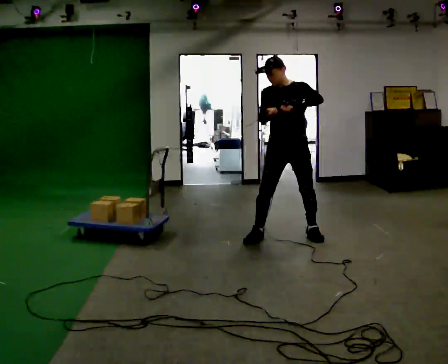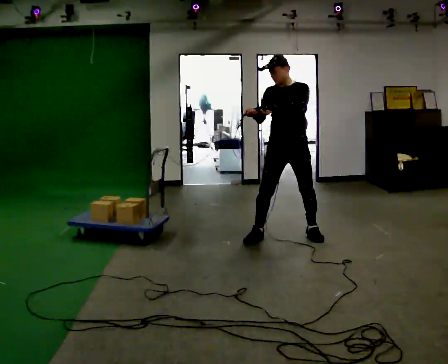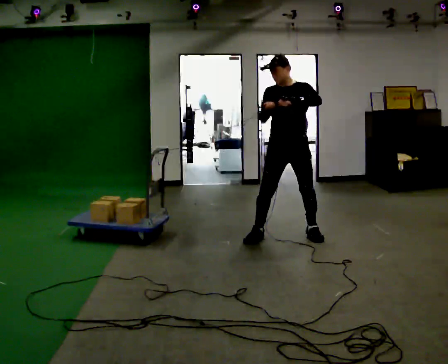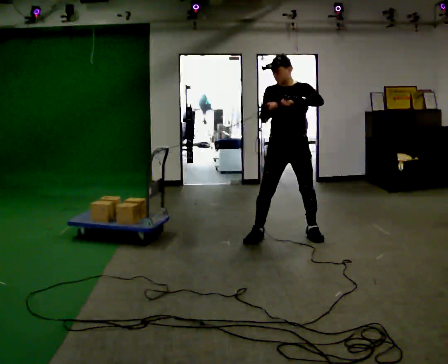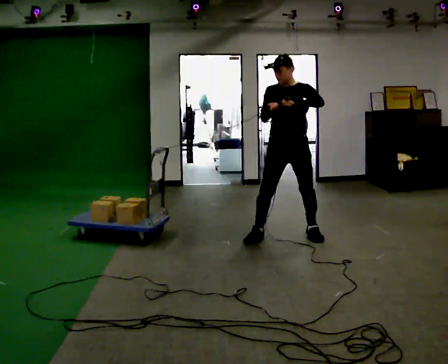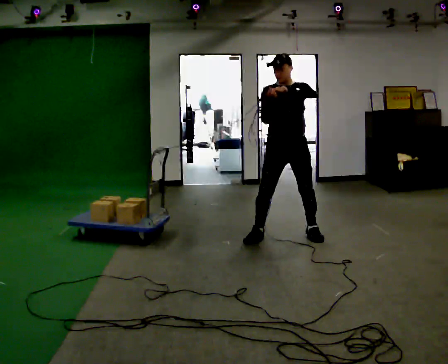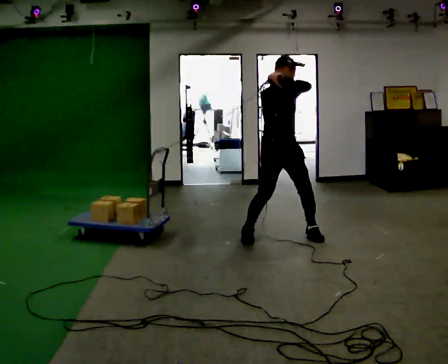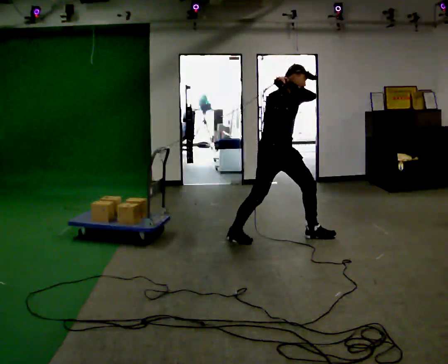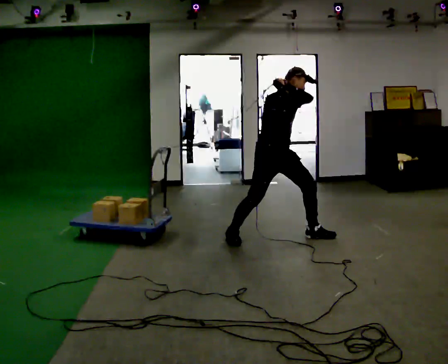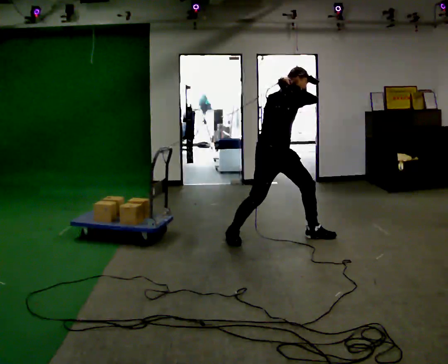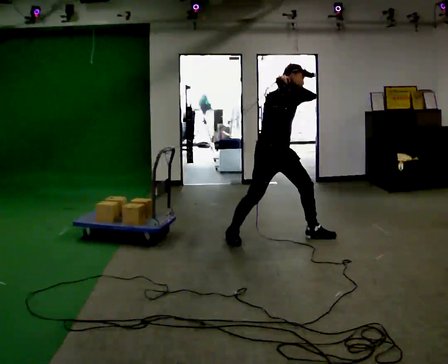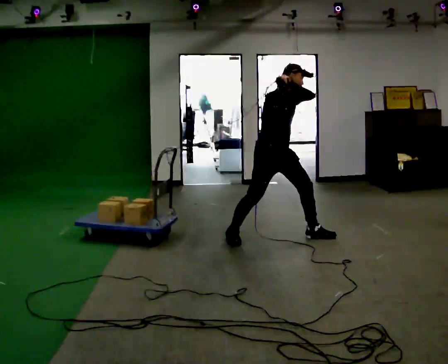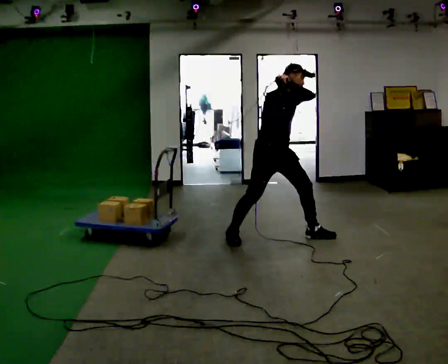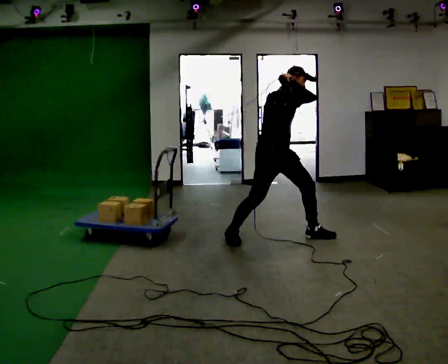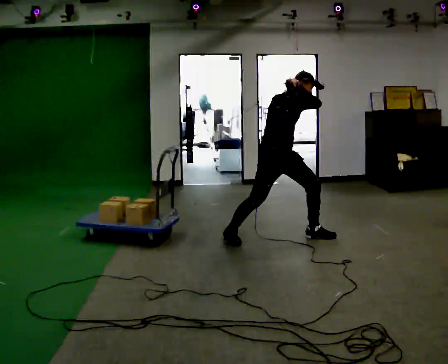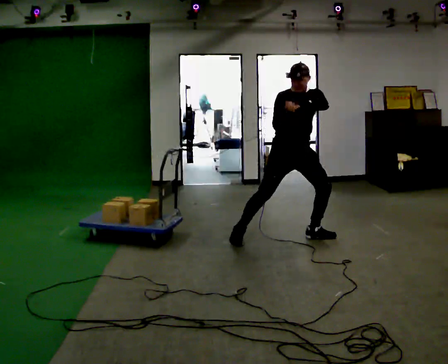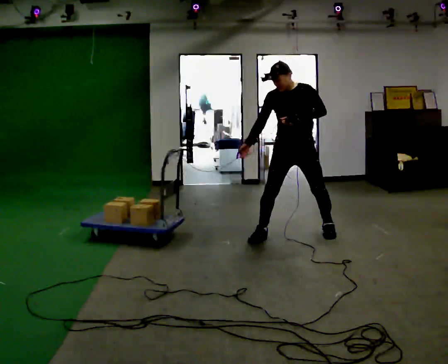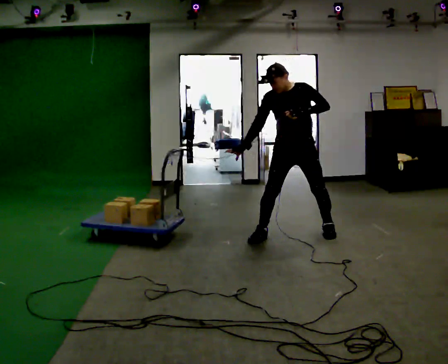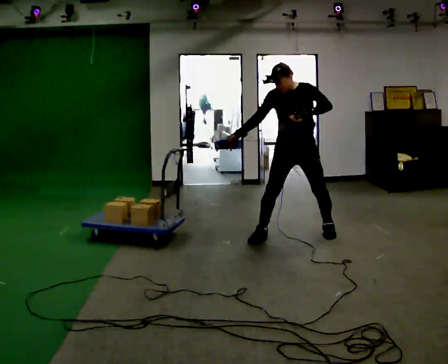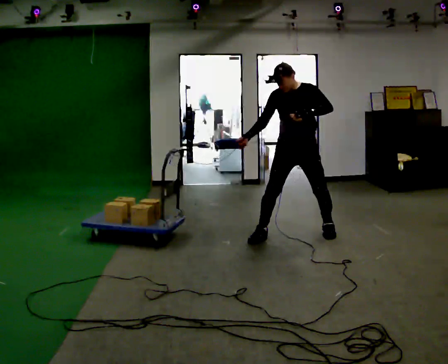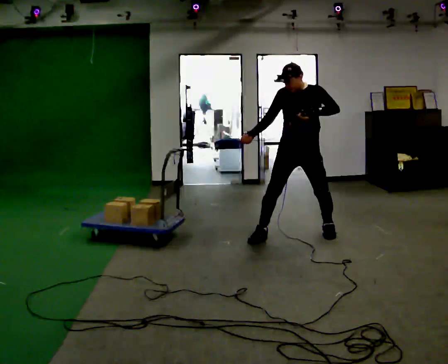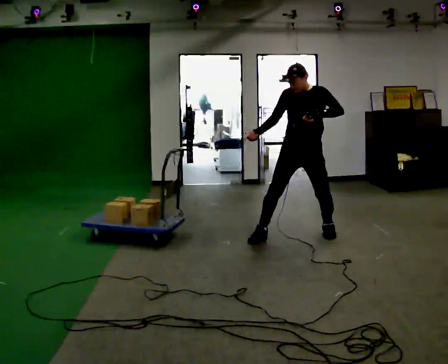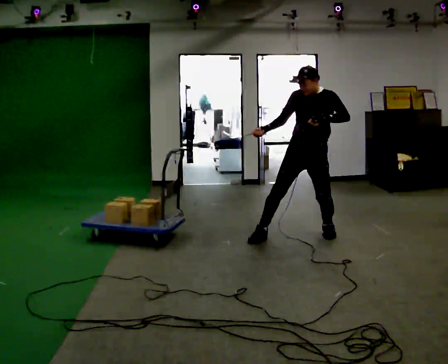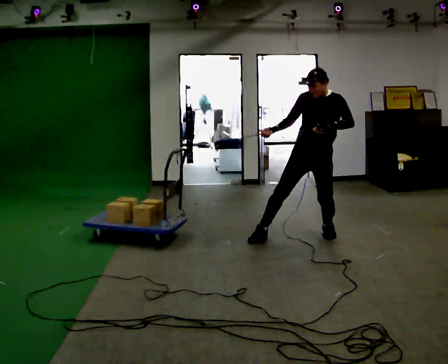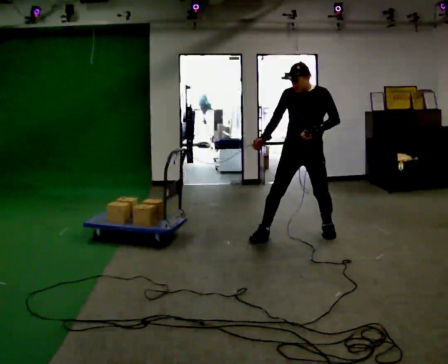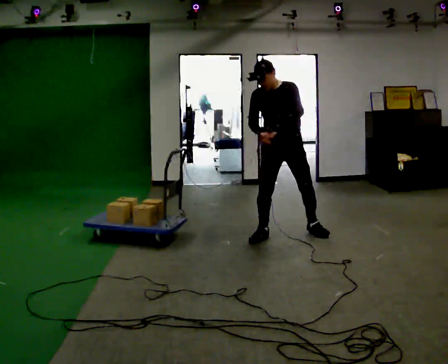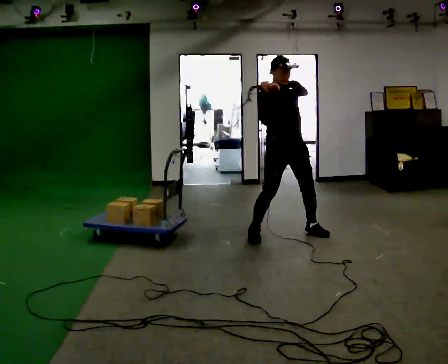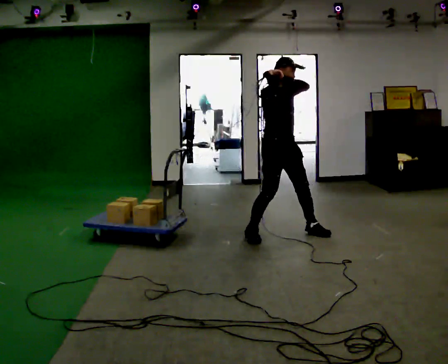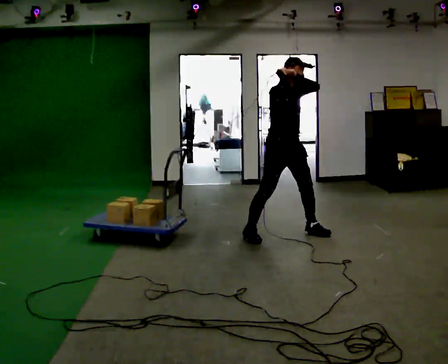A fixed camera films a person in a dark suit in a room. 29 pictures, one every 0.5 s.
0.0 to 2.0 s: The person moves a little, or ends about where they began.
2.0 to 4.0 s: The person turns about 60 degrees to their left, counterclockwise seen from above, so the part of the body nearest the lens slides to the right. In the picture they go to the left, about 0.25 m in 1 step.
4.0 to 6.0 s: The person moves a little, or ends about where they began.
6.0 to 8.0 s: The person turns about 60 degrees to their right, clockwise seen from above, so the part of the body nearest the lens slides to the left. In the picture they go to the right, about 0.25 m in 2 steps. In the picture the upper body tilts counterclockwise, shoulders to the left. In the picture their right hand goes downward.
8.0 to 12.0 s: The person moves a little, or ends about where they began.
12.0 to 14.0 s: The person turns about 60 degrees to their left, counterclockwise seen from above, so the part of the body nearest the lens slides to the right. In the picture they go to the left, about 0.25 m in 1 step. In the picture their right hand goes upward.
The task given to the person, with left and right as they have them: Hold the rope on the loaded pallet and pull as hard as is comfortable for a few seconds, then relax. The operator will log the load and the peak reading on the scale for every take.
The film runs forward here.
